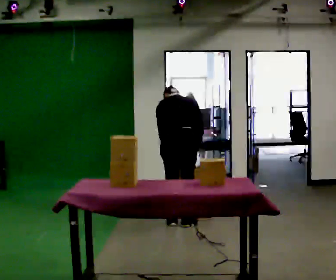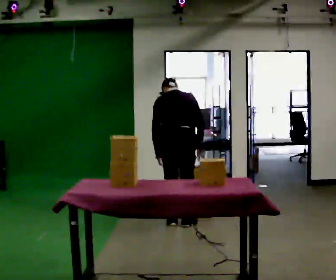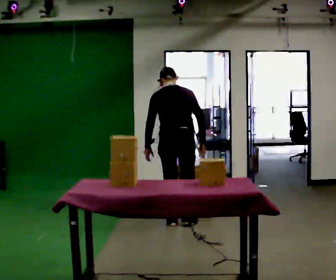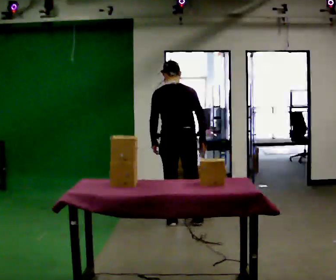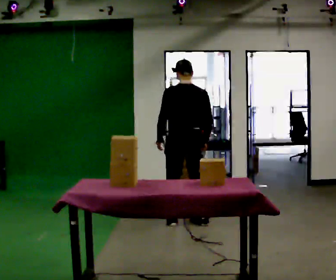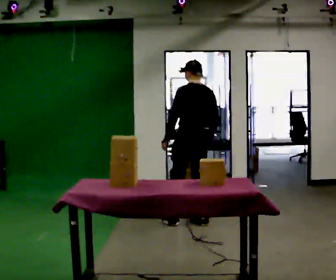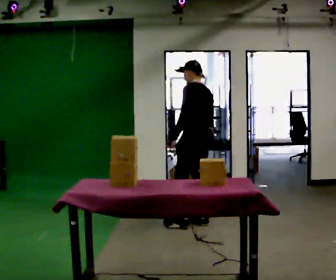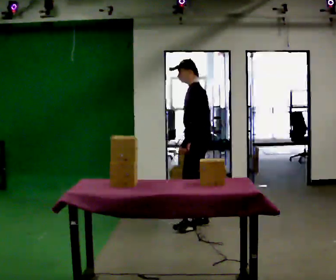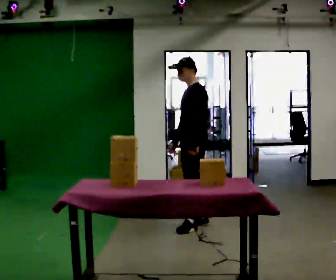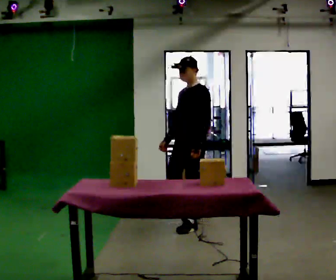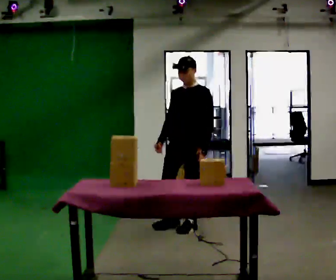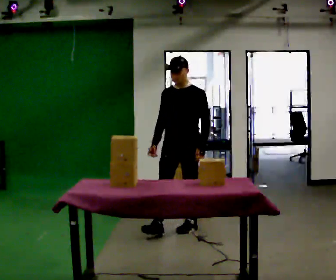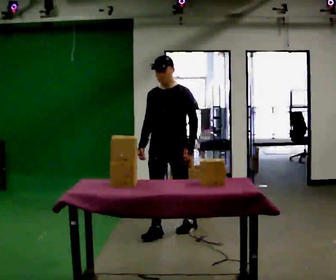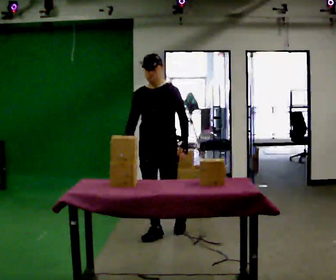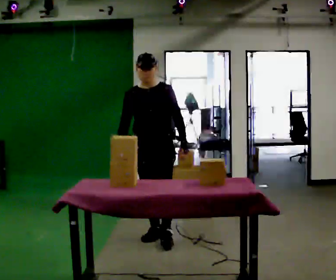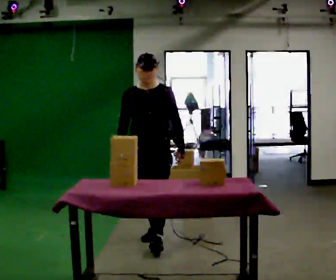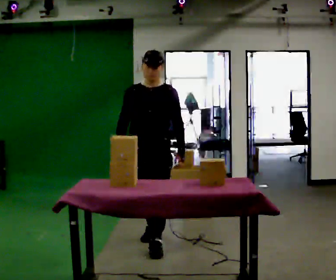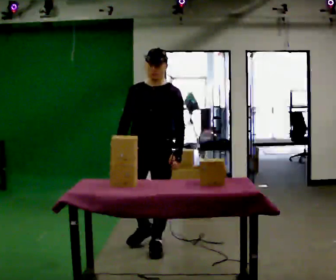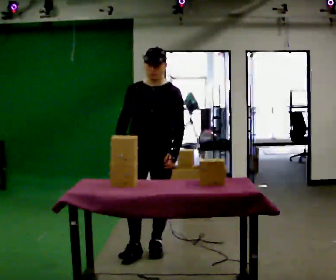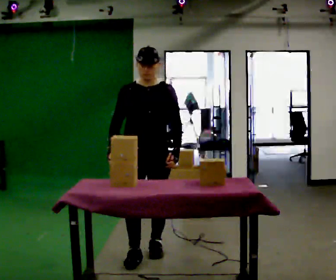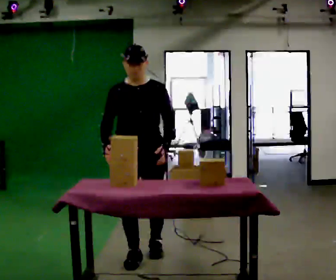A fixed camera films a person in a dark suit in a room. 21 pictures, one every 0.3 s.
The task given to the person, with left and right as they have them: Clear everything off the table and put it away on the shelf, in as many trips as you need. Keep going until the operator says stop; one object at a time, and do not rush between trips.
0.0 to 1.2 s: The upper body tips toward the camera, its near side rolling downward, as they lean back or straighten.
1.2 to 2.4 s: Seen from above the body turns counterclockwise, about 90 degrees: to their left, with its near side sliding to the right. In the picture their left hand goes to the right.
2.4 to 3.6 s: The part of the body nearest the lens slides to the right as the person turns to their left by about 60 degrees. In the picture they go toward the camera and to the left, about 0.5 m in 1 step, which for them is forward.
3.6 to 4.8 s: In the picture they go toward the camera, about 0.5 m in 1 step, which for them is forward.
4.8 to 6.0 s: In the picture they go toward the camera, about 0.25 m in 1 step, which for them is forward.
The film runs forward here.
